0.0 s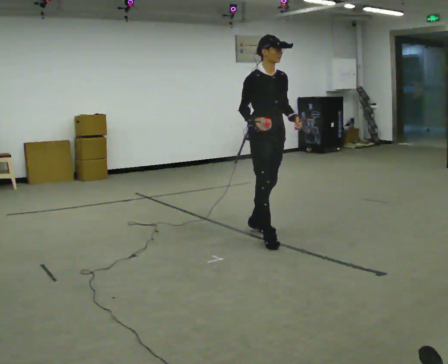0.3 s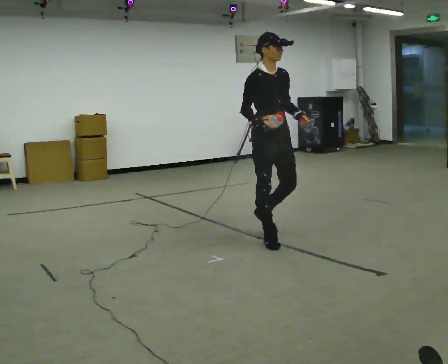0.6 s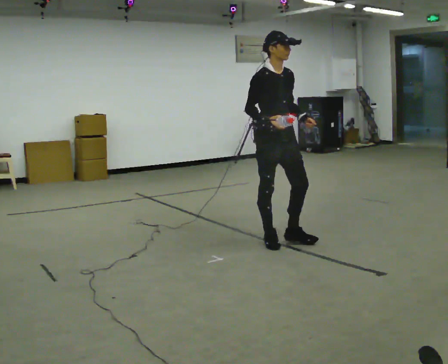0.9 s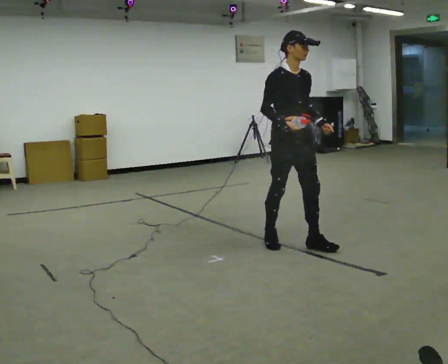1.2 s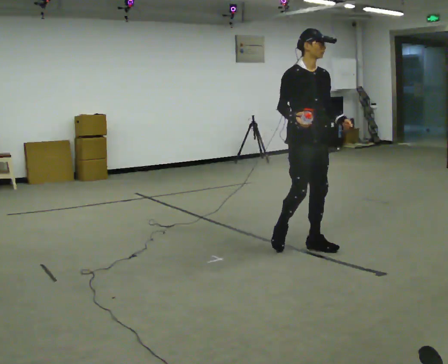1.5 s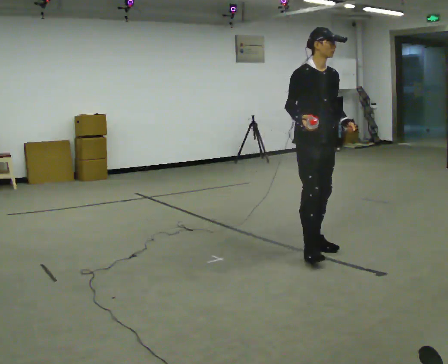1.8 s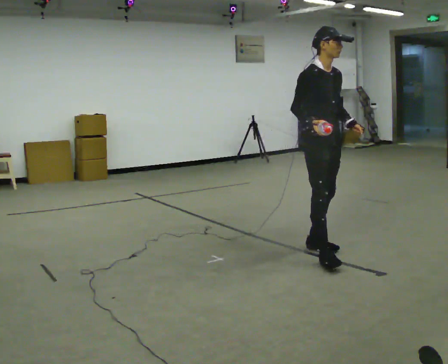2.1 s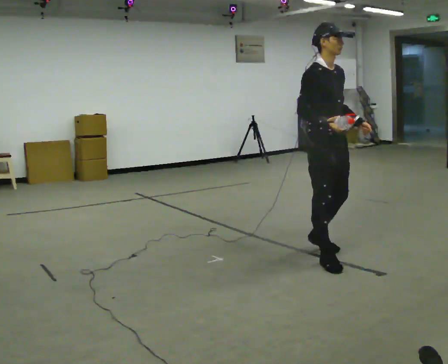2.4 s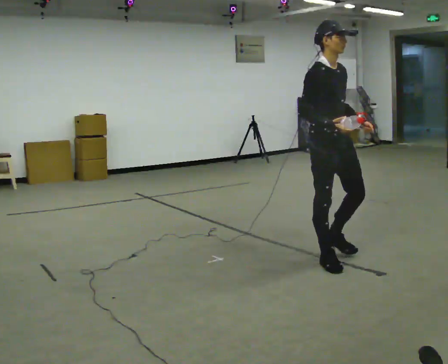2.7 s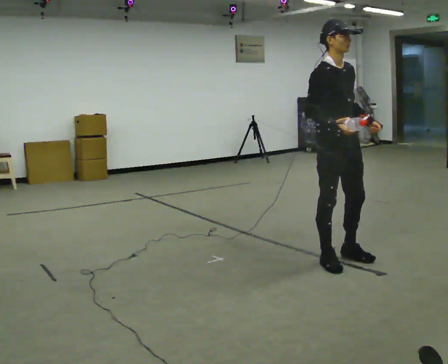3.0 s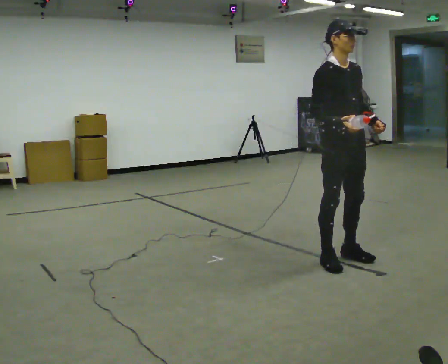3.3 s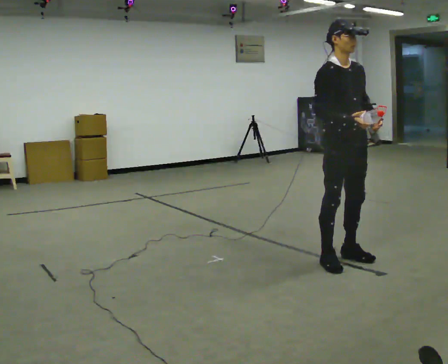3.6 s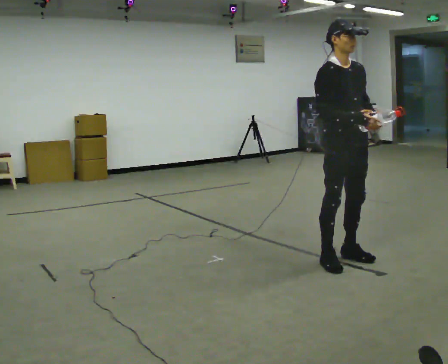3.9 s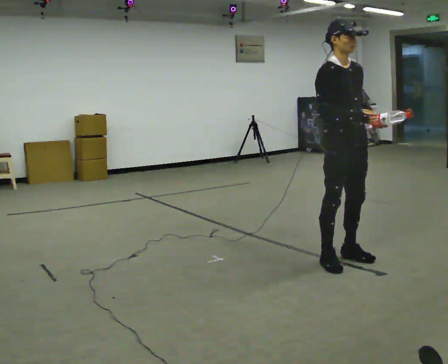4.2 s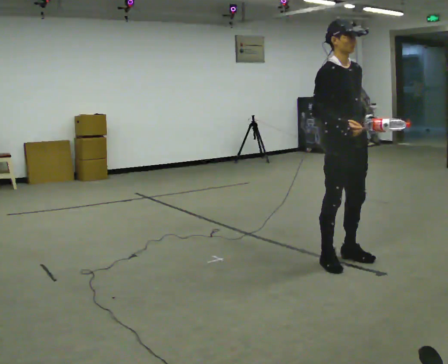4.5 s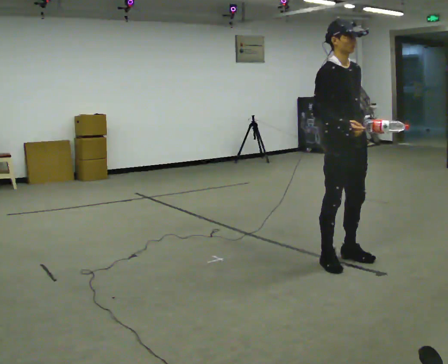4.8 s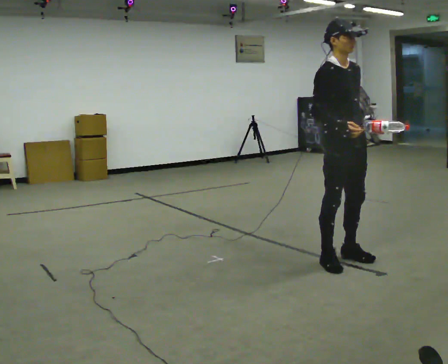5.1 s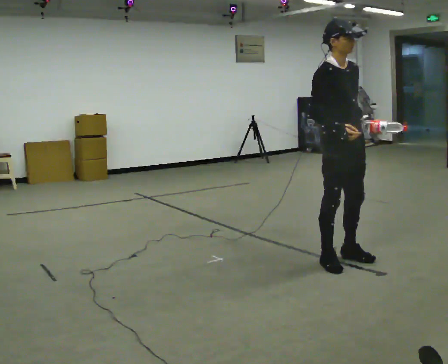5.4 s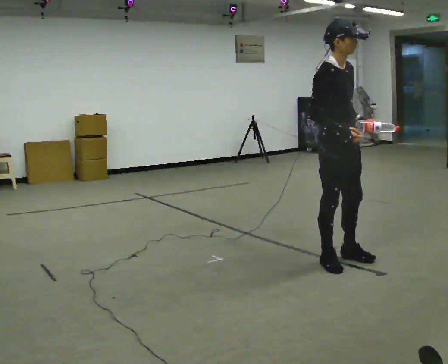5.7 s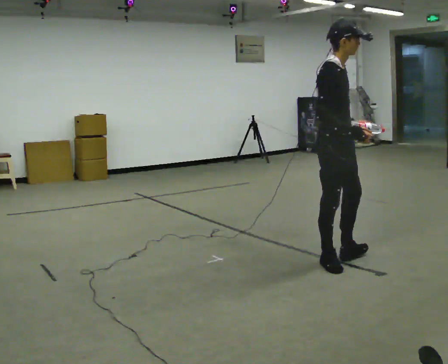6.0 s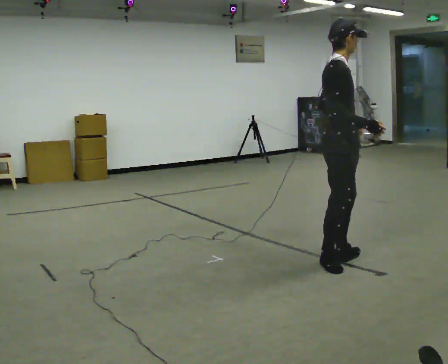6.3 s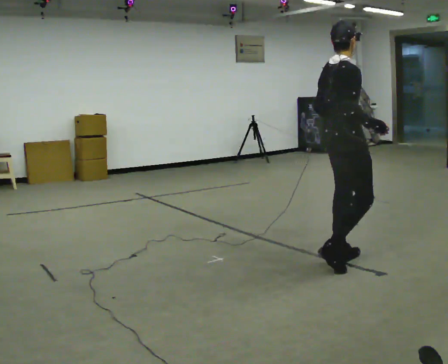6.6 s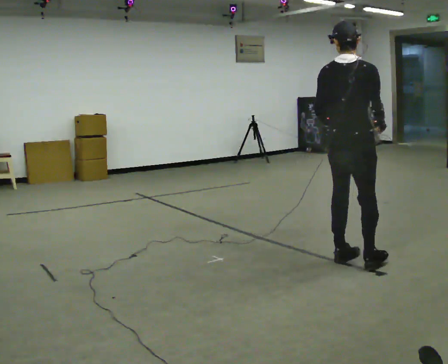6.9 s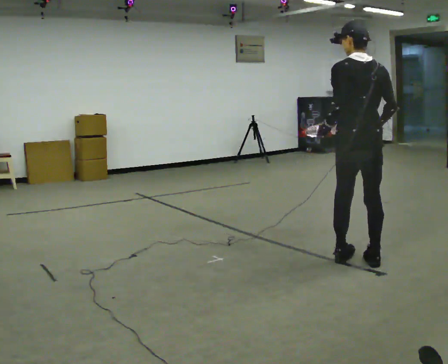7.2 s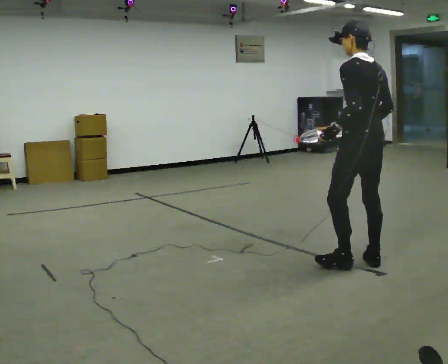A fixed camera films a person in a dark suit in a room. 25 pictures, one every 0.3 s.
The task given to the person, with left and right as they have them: Carry the object in one hand and, while walking, pass it to your other hand. Keep passing it back and forth as you walk.
0.0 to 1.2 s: In the picture they go to the right and toward the camera, about 0.5 m in 1 step, which for them is forward.
1.2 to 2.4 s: In the picture they go toward the camera and to the right, about 0.5 m in 1 step, which for them is forward and to their right.
2.4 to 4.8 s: The person moves a little, or ends about where they began.
4.8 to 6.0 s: The part of the body nearest the lens slides to the right as the person turns to their left by about 45 degrees.
6.0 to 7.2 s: The part of the body nearest the lens slides to the right as the person turns to their left by about 135 degrees. In the picture they go to the right, about 0.25 m in 1 step.
The film runs forward here.
